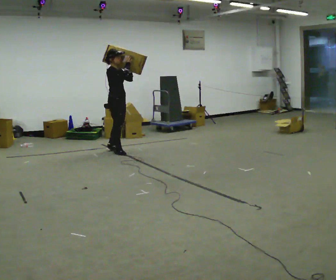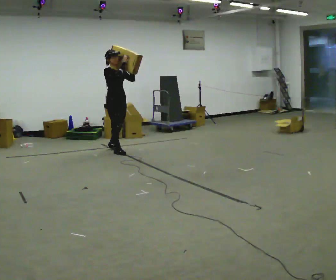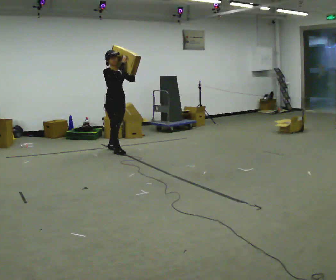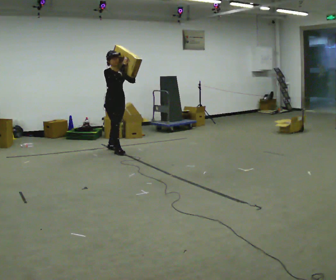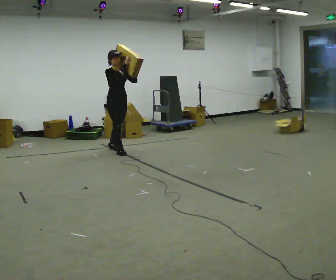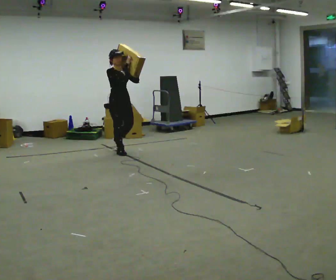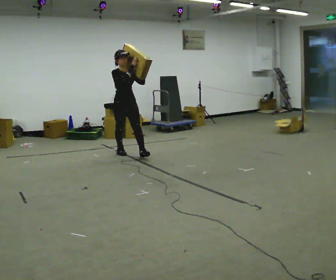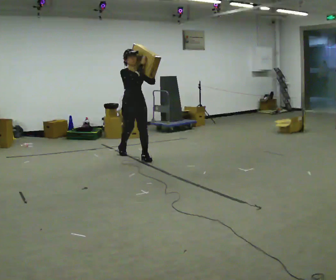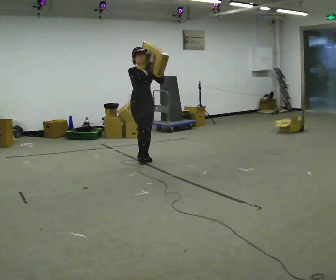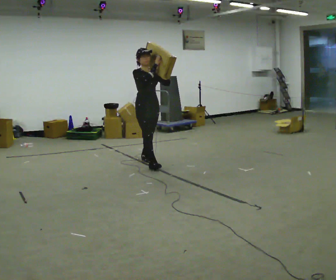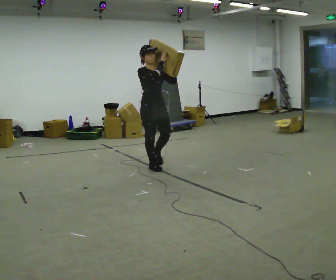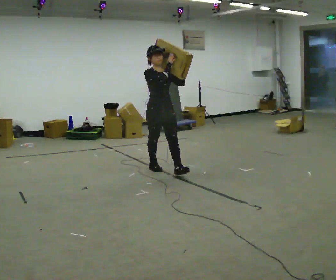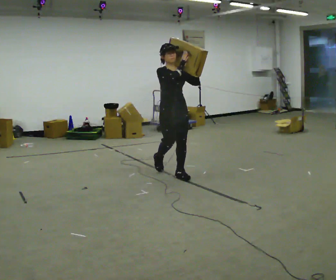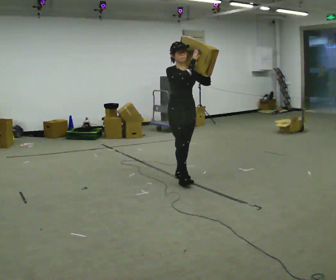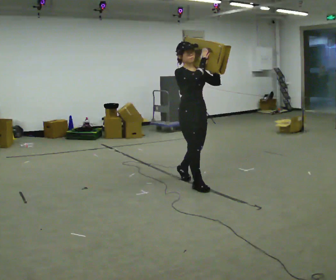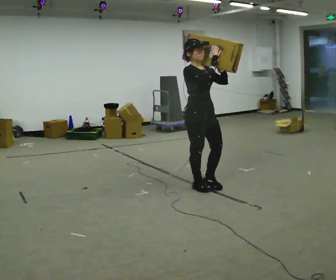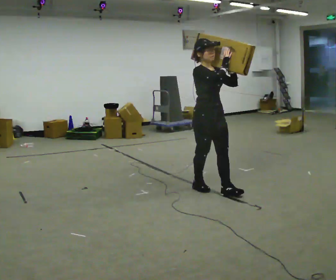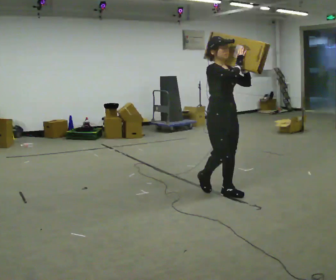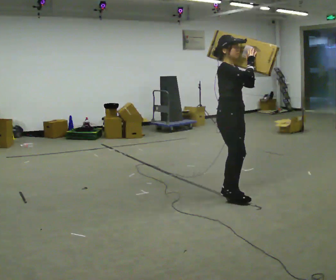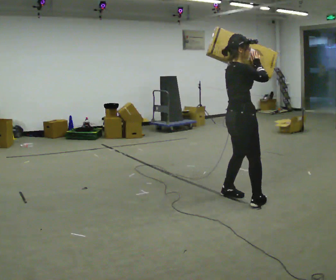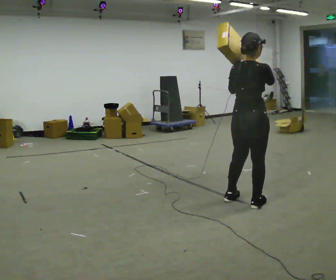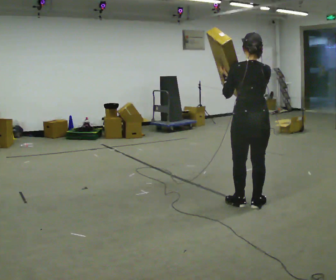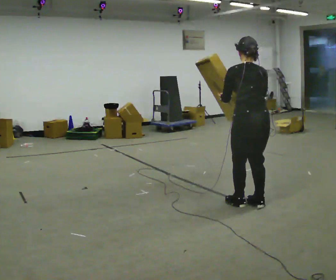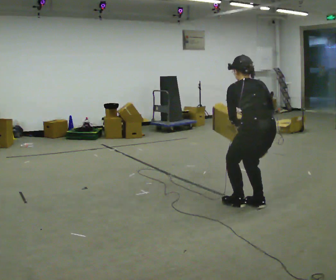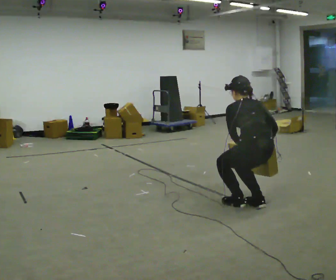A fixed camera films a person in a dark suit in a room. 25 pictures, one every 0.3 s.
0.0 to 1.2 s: The person turns about 30 degrees to their right, clockwise seen from above, so the part of the body nearest the lens slides to the left.
1.2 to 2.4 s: In the picture they go toward the camera and to the right, about 0.5 m in 1 step, which for them is forward.
2.4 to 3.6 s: In the picture they go toward the camera and to the right, about 1 m in 2 steps, which for them is forward.
3.6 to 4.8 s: In the picture they go toward the camera and to the right, about 0.5 m in 2 steps, which for them is forward.
4.8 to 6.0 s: The part of the body nearest the lens slides to the right as the person turns to their left by about 105 degrees. In the picture they go toward the camera and to the right, about 0.5 m in 1 step.
6.0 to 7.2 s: The person turns about 45 degrees to their left, counterclockwise seen from above, so the part of the body nearest the lens slides to the right. The upper body goes downward. The upper body tips away from the camera, its near side rolling upward, as they bend forward. In the picture their right hand goes downward.
The film runs forward here.
